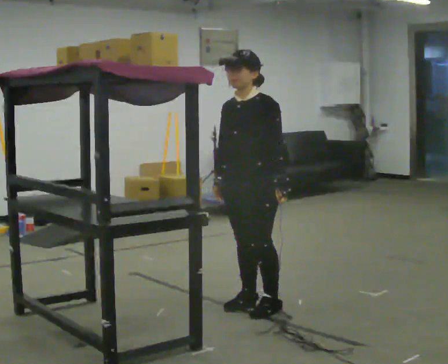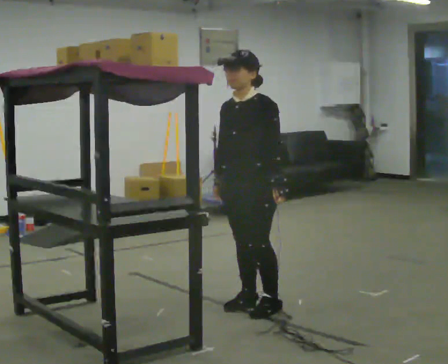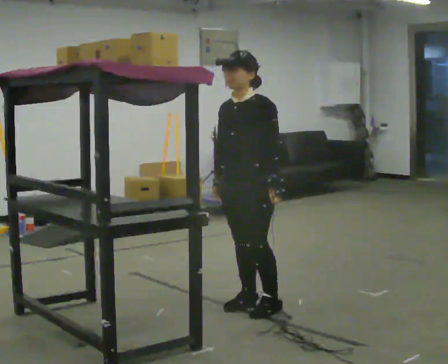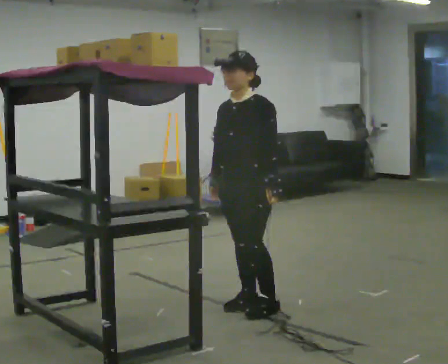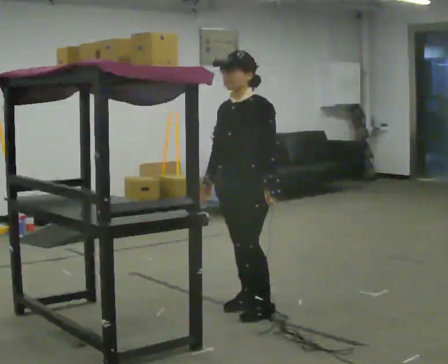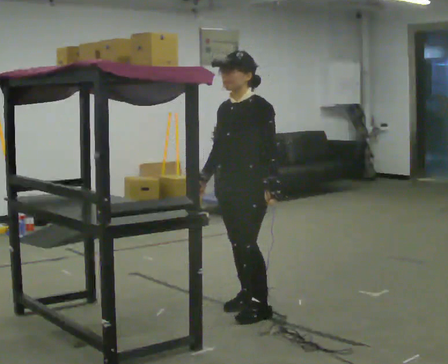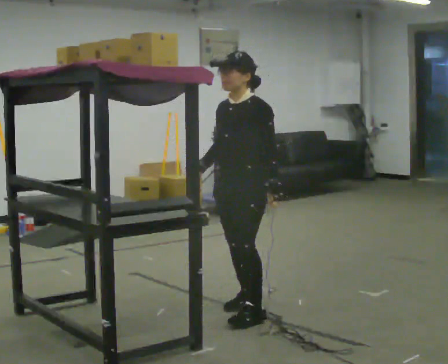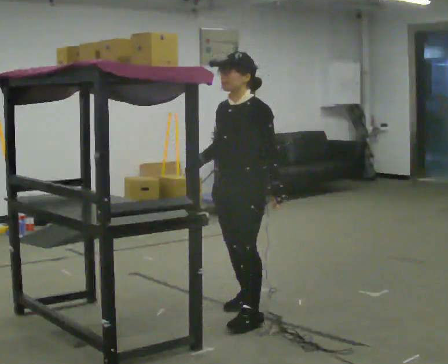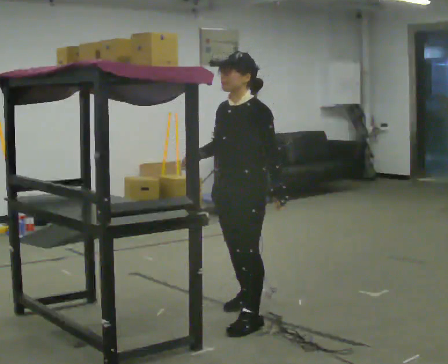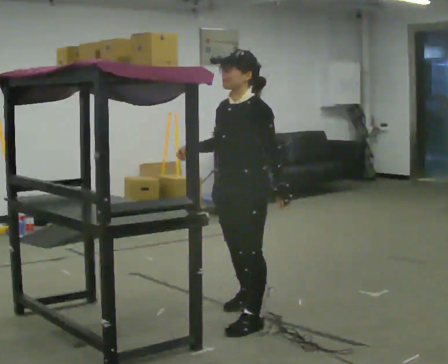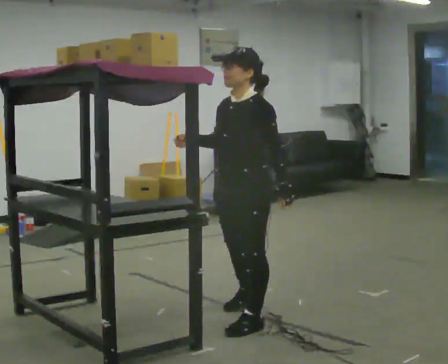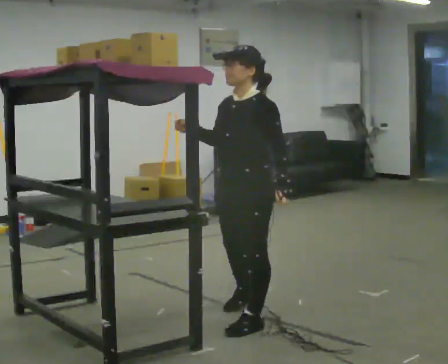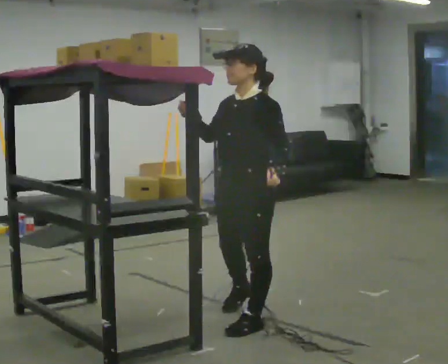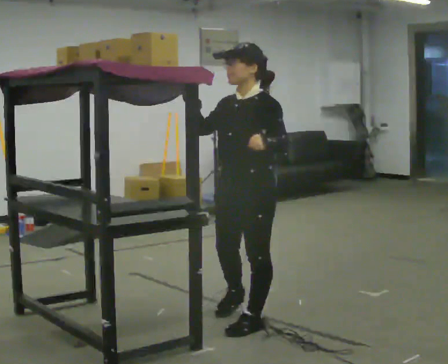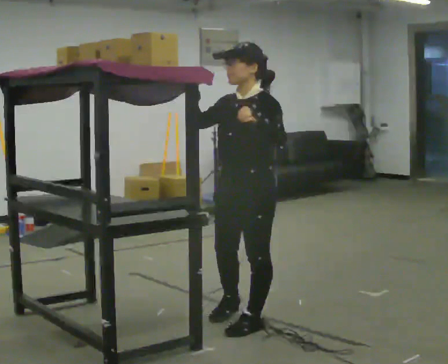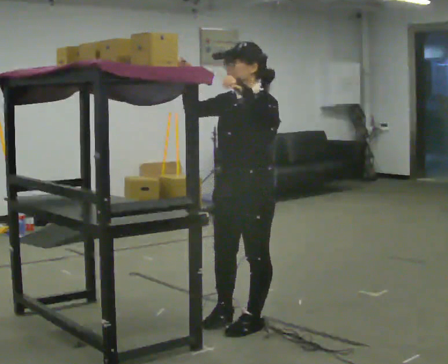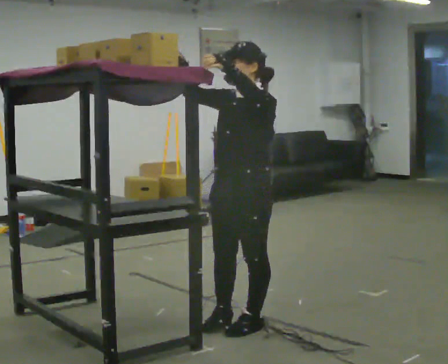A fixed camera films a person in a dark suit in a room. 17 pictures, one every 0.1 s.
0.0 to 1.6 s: In the picture they go toward the camera, about 0.5 m in 2 steps, which for them is forward and to their left. In the picture their right hand goes upward, the arm swinging clockwise.
The film runs backward here.
